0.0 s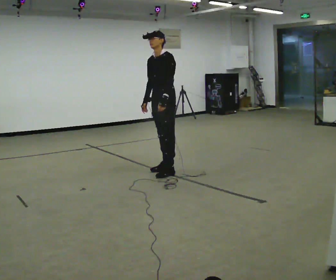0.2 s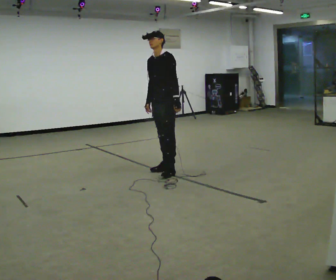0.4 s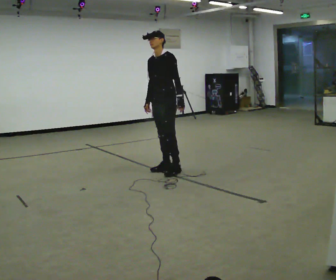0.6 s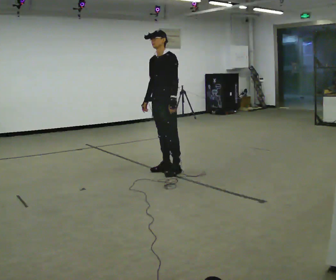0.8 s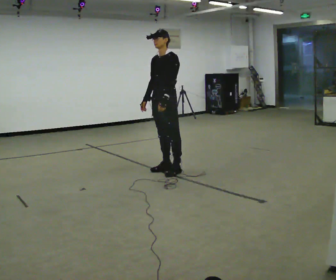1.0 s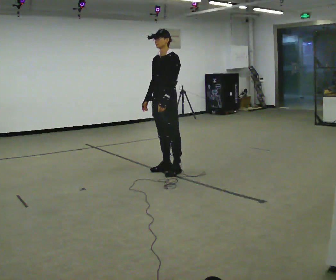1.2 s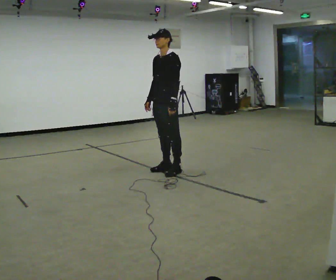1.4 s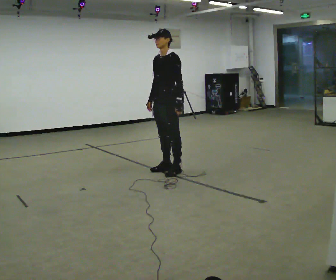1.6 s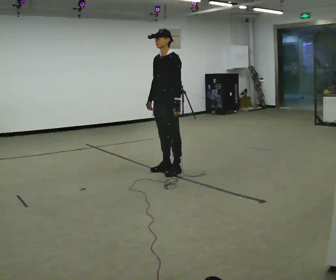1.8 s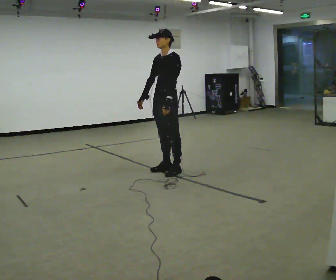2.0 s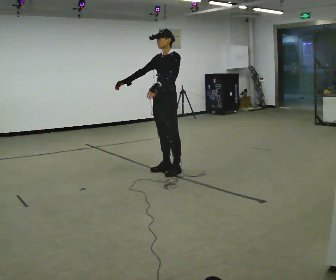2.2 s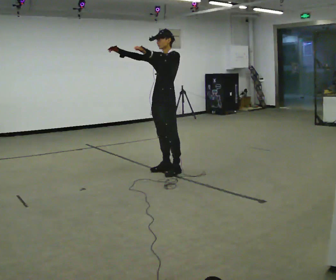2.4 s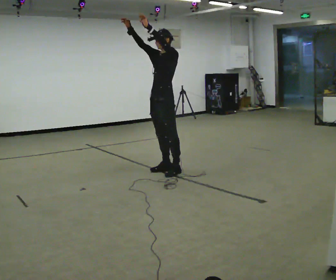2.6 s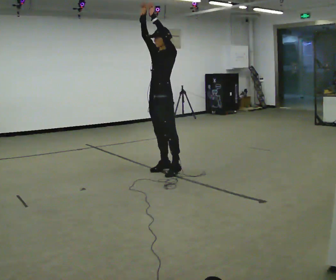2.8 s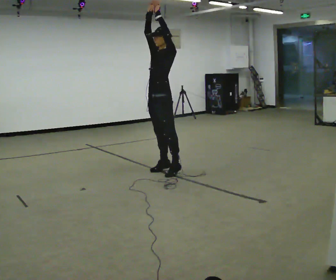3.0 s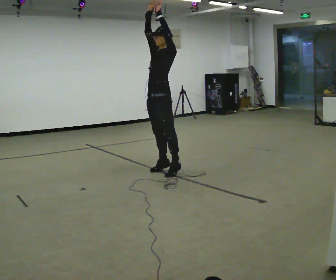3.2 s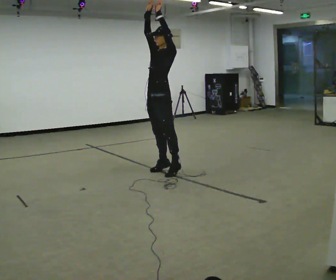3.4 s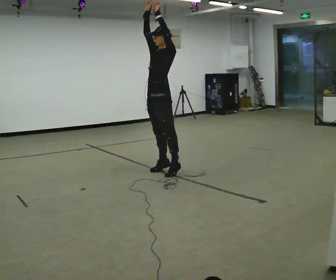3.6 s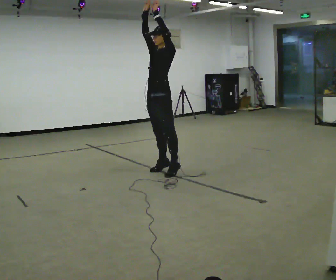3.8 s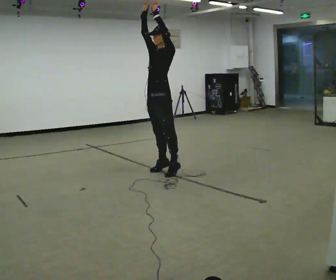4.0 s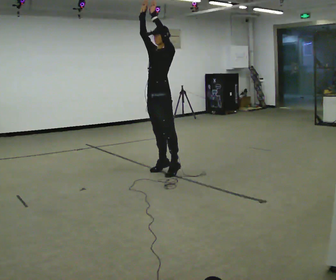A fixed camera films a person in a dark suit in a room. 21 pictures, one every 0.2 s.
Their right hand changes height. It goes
upward.
Their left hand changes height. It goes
upward.
0.0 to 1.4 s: The person moves a little, or ends about where they began.
1.4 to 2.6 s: In the picture their right hand goes upward, the arm swinging clockwise.
2.6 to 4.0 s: The person moves a little, or ends about where they began.
The film runs forward here.
